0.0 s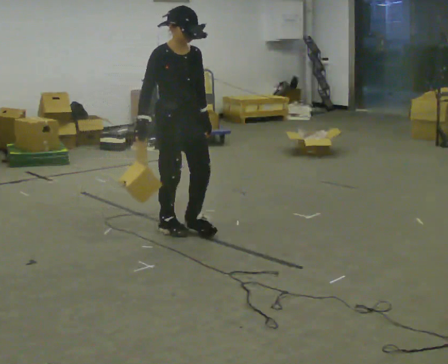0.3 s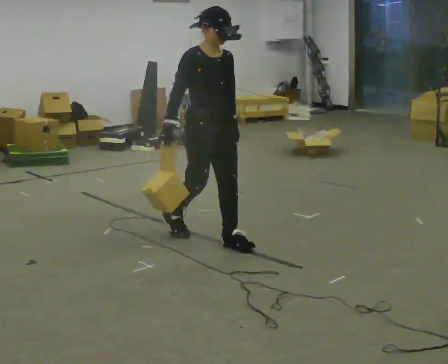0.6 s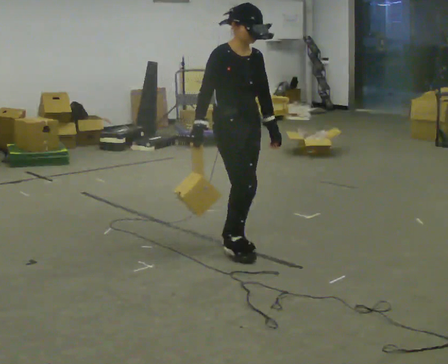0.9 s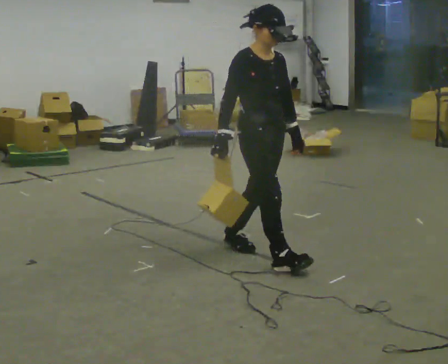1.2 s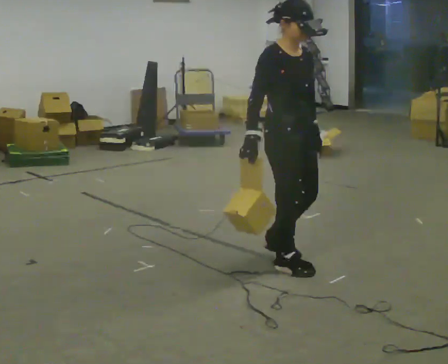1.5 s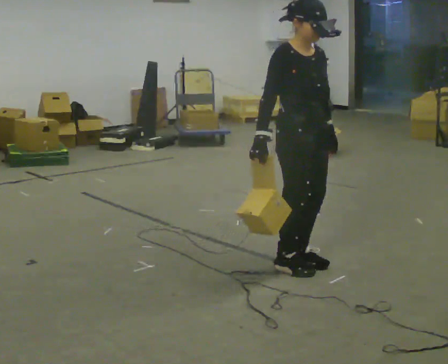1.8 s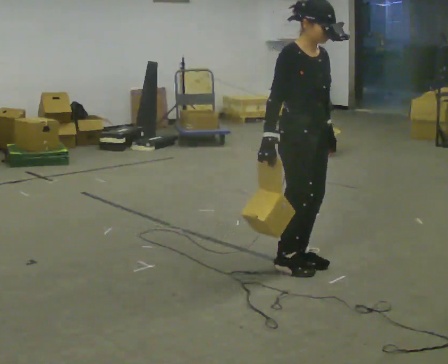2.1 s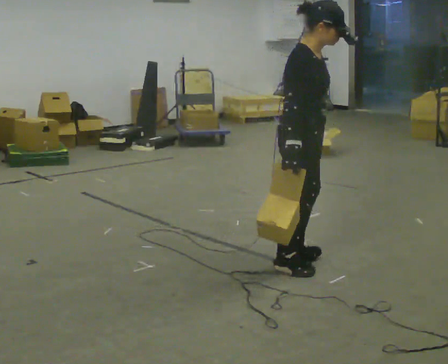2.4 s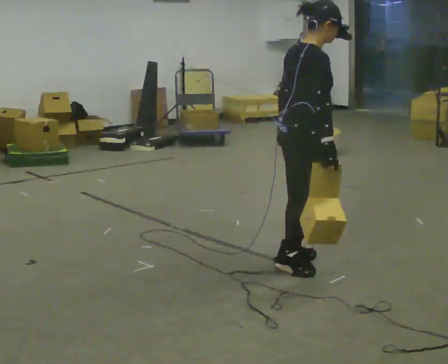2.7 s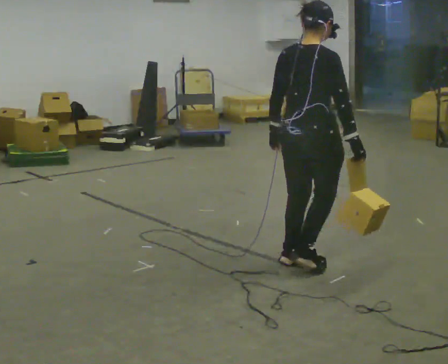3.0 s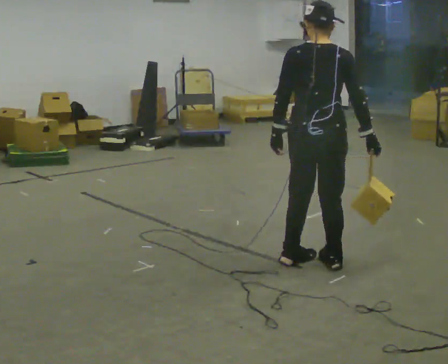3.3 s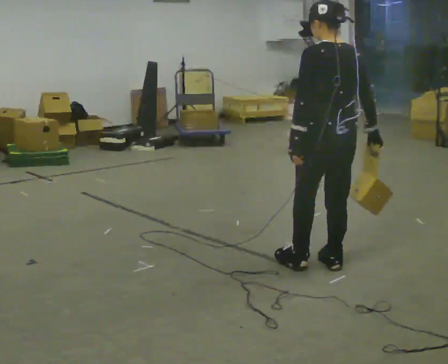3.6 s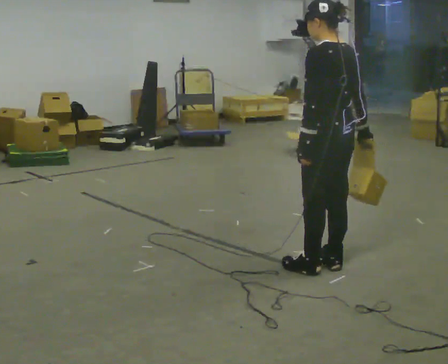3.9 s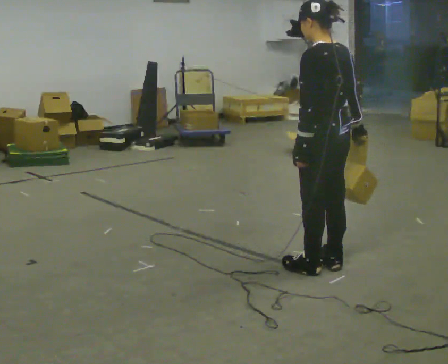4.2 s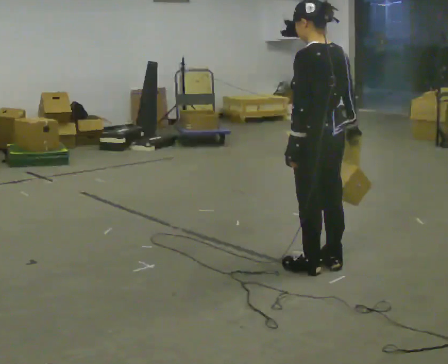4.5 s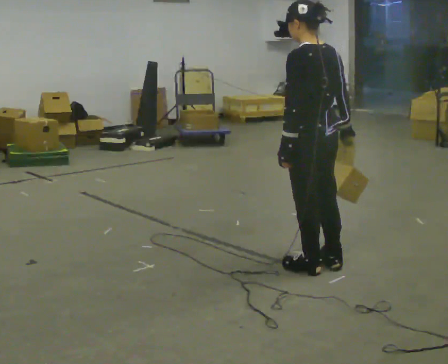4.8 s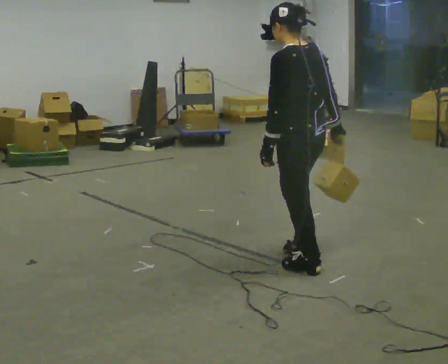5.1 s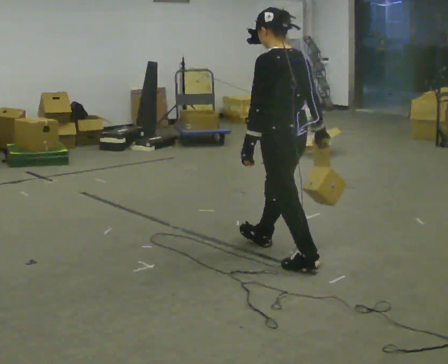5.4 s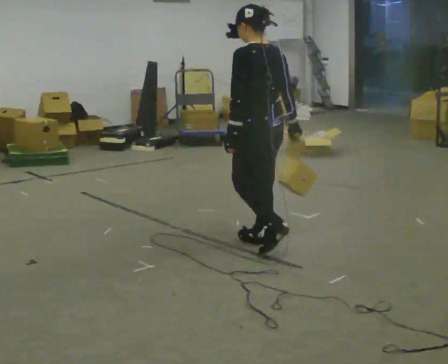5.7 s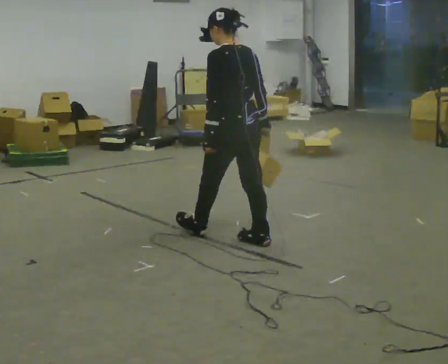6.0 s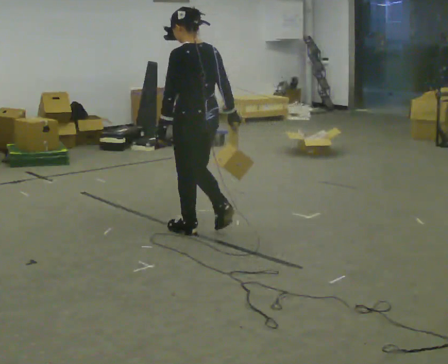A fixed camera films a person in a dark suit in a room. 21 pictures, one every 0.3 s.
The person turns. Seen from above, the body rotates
counterclockwise.
The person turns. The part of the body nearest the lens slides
to the right.
0.0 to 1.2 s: In the picture they go to the right and toward the camera, about 1 m in 2 steps, which for them is forward.
1.2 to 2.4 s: Seen from above the body turns counterclockwise, about 60 degrees: to their left, with its near side sliding to the right. In the picture their right hand goes to the right.
2.4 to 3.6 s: Seen from above the body turns counterclockwise, about 105 degrees: to their left, with its near side sliding to the right. In the picture they go to the right, about 0.25 m in 2 steps.
3.6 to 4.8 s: In the picture they go to the left, about 0.25 m, which for them is forward.
4.8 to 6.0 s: In the picture they go to the left and away from the camera, about 1 m in 2 steps, which for them is forward.
The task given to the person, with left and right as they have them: Hold the object against your hip on the side the operator calls, and carry it back and forth across the room.
The film runs forward here.
